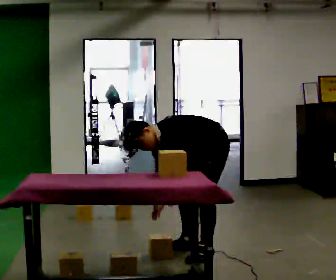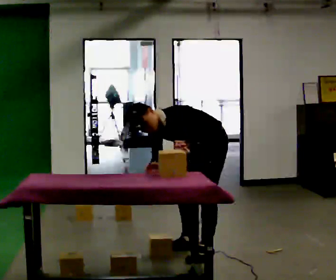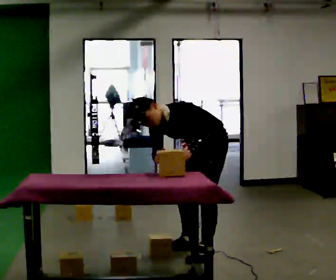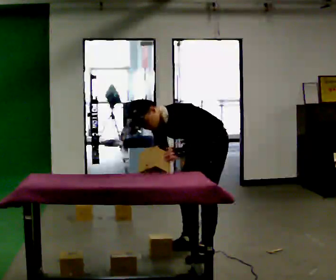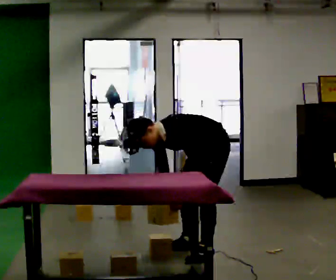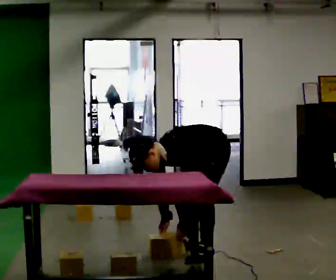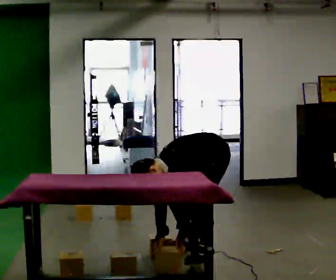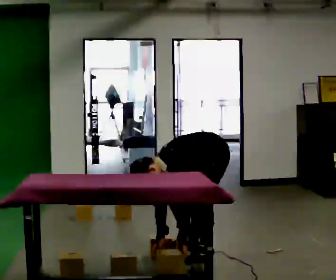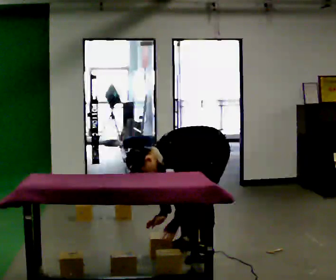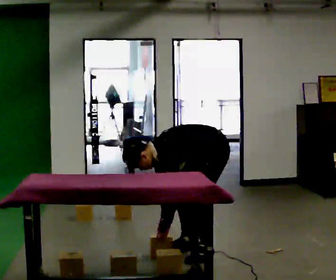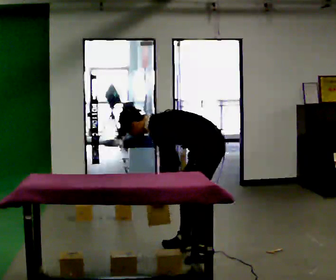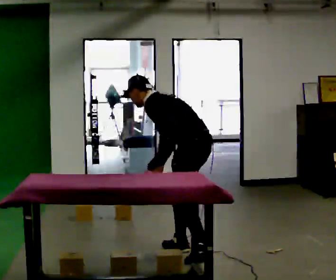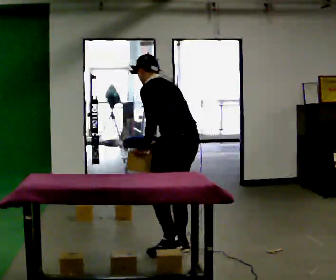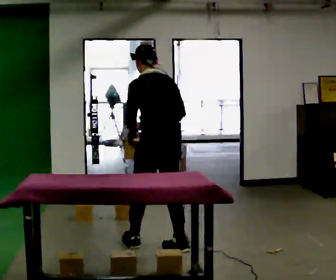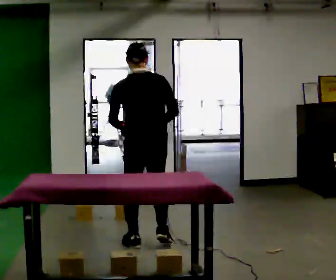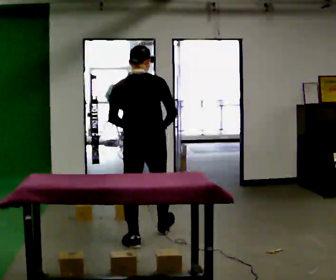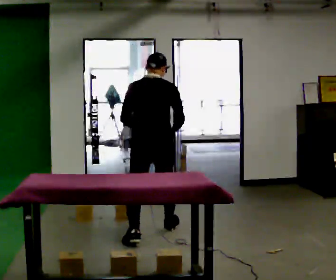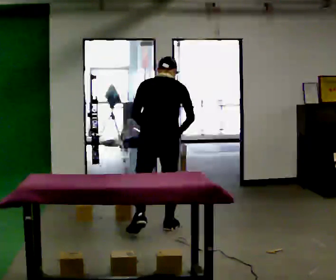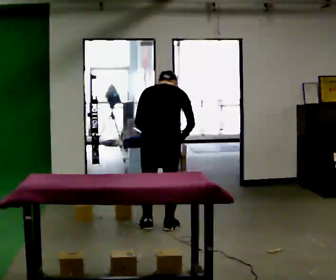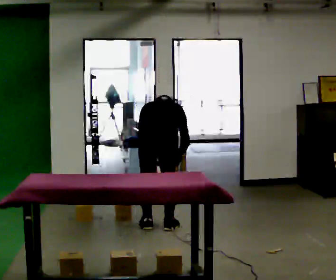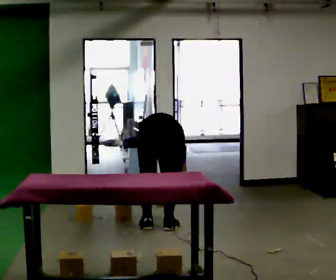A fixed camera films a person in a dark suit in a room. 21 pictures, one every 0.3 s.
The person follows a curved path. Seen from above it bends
clockwise.
The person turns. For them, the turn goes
to their right.
0.0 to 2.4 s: In the picture their left hand goes downward.
2.4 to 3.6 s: Seen from above the body turns clockwise, about 75 degrees: to their right, with its near side sliding to the left. In the picture they go to the left, about 0.25 m. The shoulders move upward. The upper body tips away from the camera, its near side rolling upward, as they lean back or straighten. In the picture their left hand goes upward.
3.6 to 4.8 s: Seen from above the body turns clockwise, about 45 degrees: to their right, with its near side sliding to the left. In the picture they go away from the camera and to the left, about 0.5 m in 2 steps, which for them is forward. In the picture the upper body tilts clockwise, shoulders to the right.
4.8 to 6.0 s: In the picture they go away from the camera, about 0.25 m in 1 step, which for them is forward. The shoulders move downward. The upper body tips away from the camera, its near side rolling upward, as they bend forward. In the picture their left hand goes downward.
The film runs forward here.
